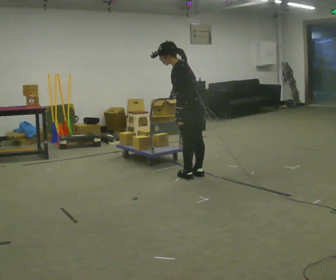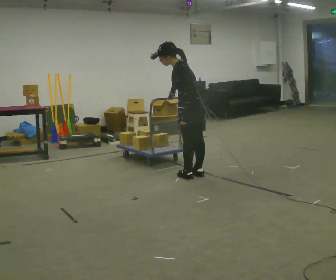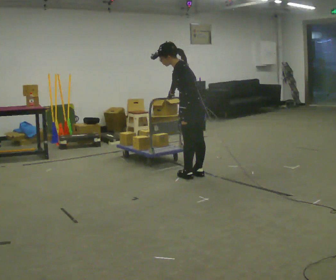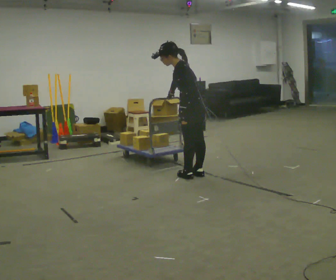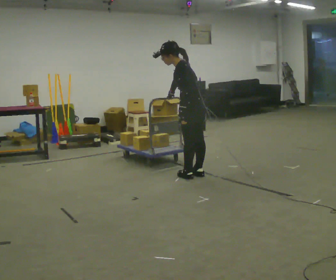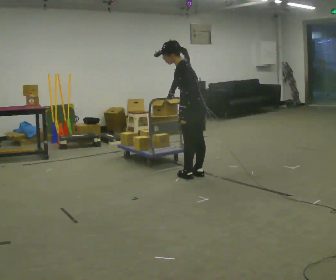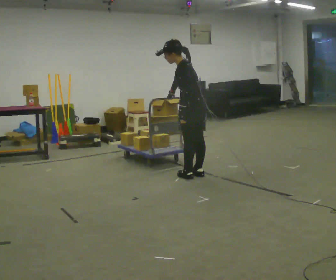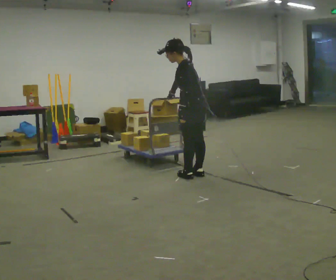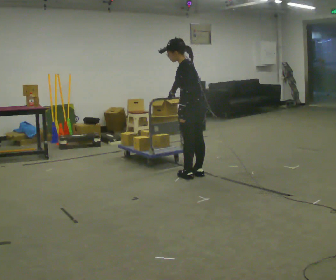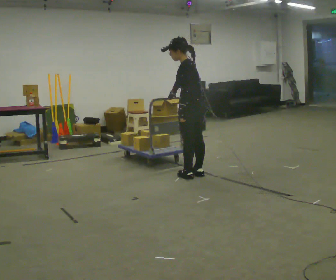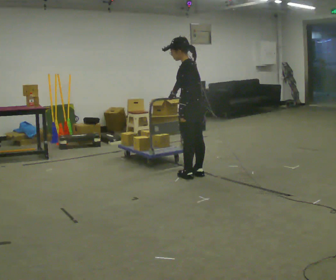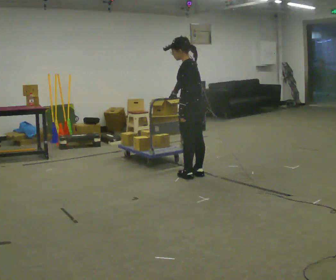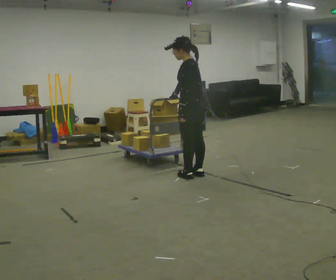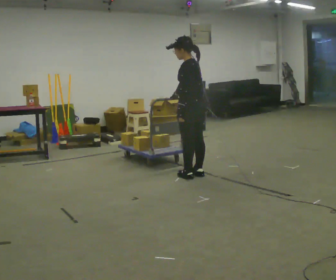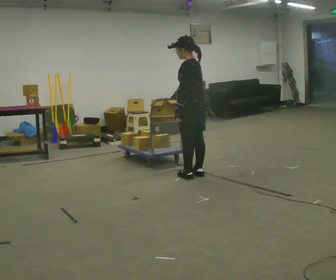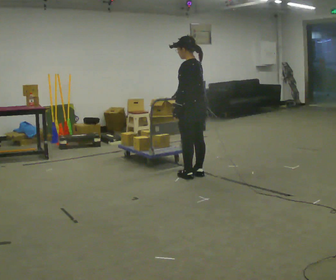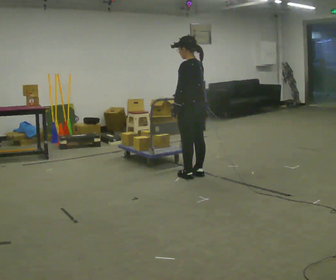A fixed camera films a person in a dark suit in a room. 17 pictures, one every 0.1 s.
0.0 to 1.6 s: In the picture the upper body tilts clockwise, shoulders to the right, as they lean back or straighten.
The film runs backward here.
